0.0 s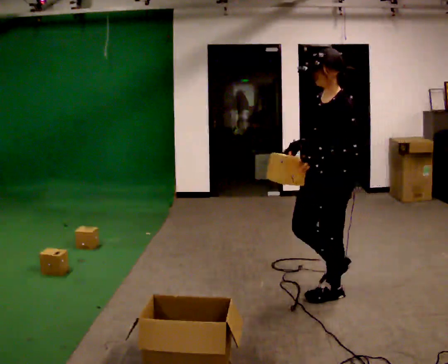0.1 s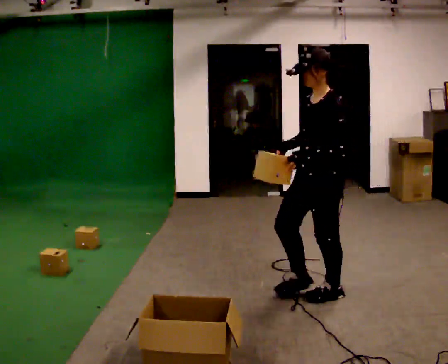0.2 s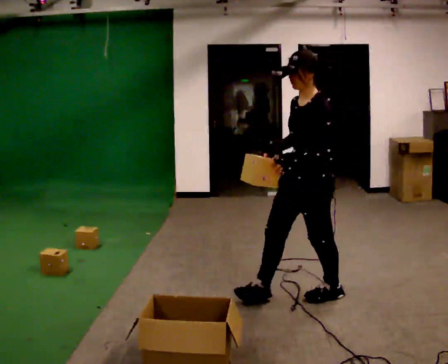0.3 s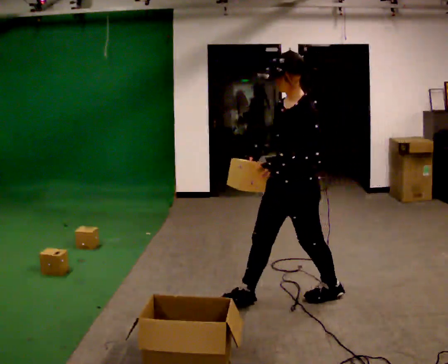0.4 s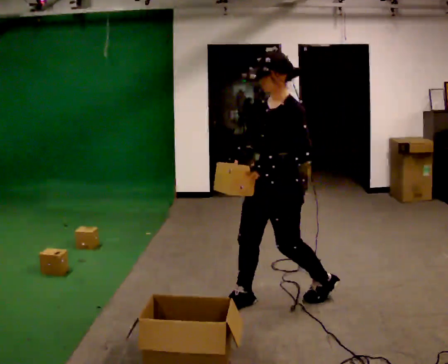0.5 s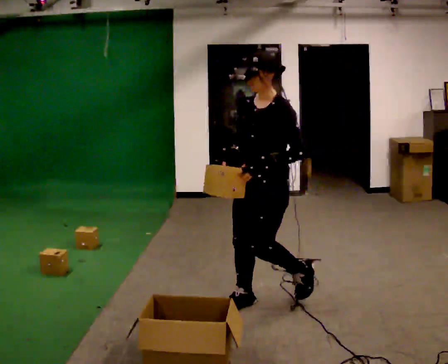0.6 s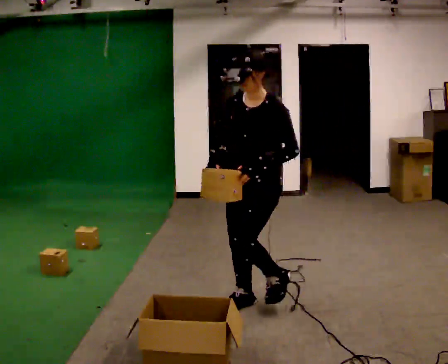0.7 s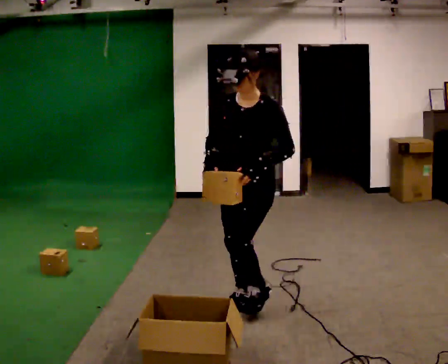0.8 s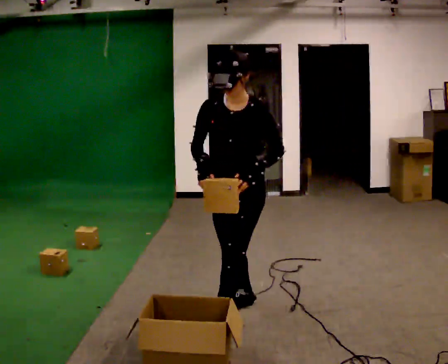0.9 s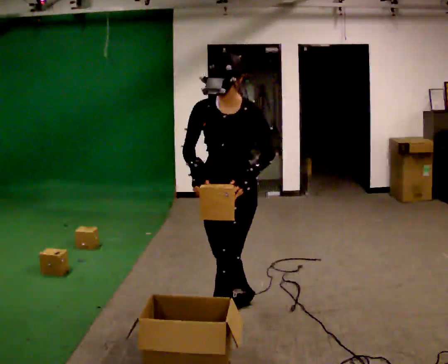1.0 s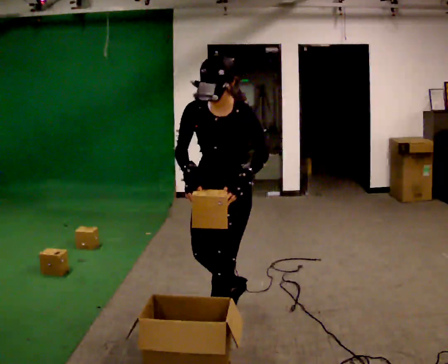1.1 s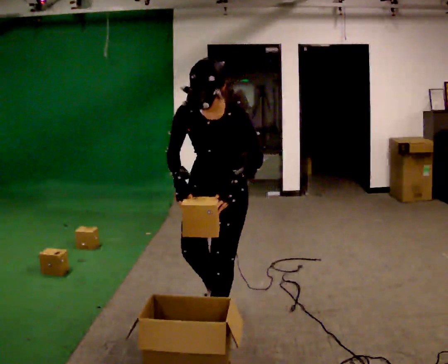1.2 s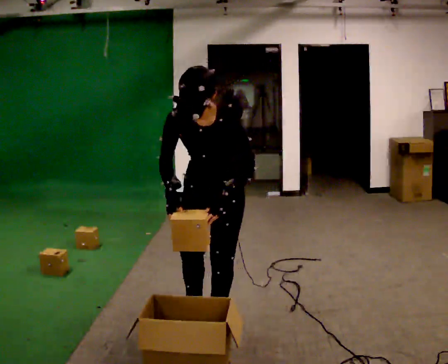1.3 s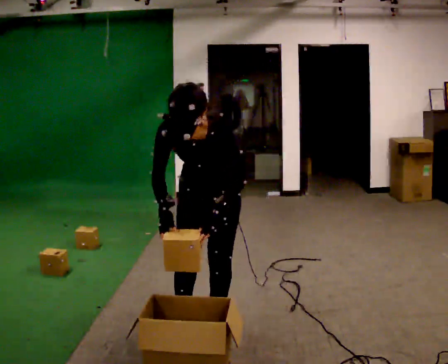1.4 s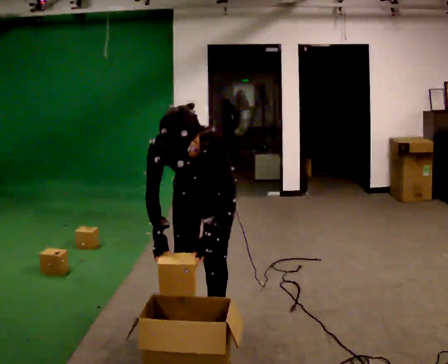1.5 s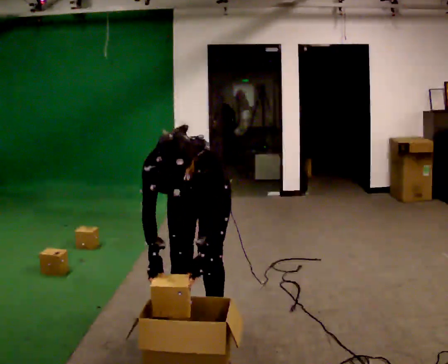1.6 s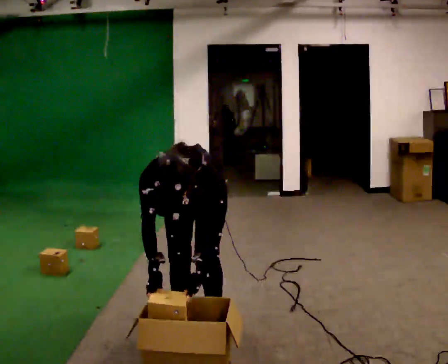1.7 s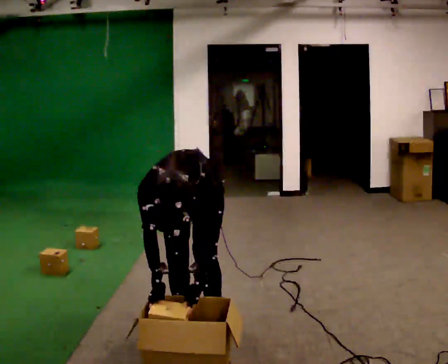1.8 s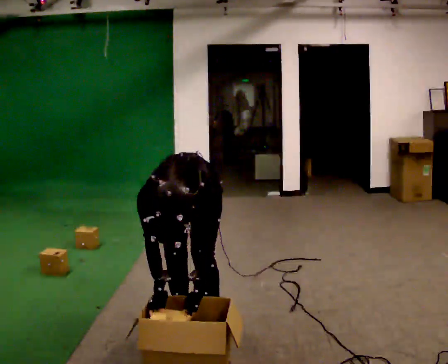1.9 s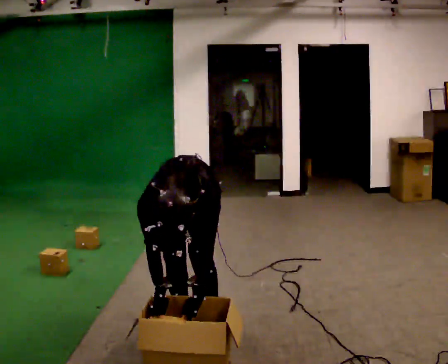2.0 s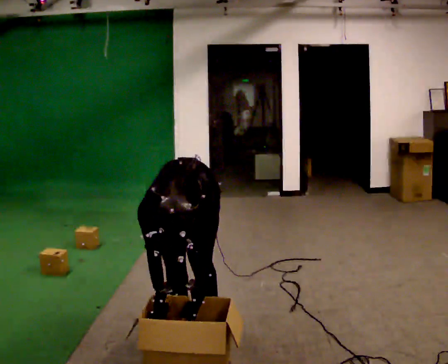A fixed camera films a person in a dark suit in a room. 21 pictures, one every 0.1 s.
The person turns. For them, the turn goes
to their left.
Their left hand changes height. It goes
downward.
0.0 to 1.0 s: The person turns about 45 degrees to their left, counterclockwise seen from above, so the part of the body nearest the lens slides to the right. In the picture they go to the left and toward the camera, about 0.5 m in 2 steps, which for them is forward.
1.0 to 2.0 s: In the picture they go to the left, about 0.25 m in 1 step, which for them is to their right. The upper body goes downward. The upper body tips toward the camera, its near side rolling downward, as they bend forward. In the picture their right hand goes downward.
The film runs forward here.
